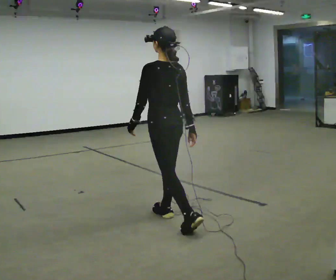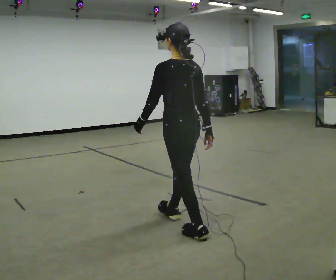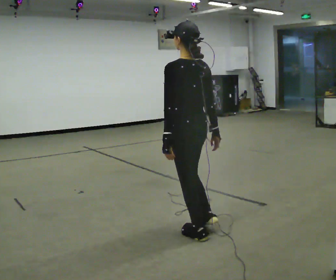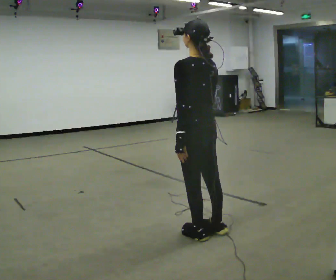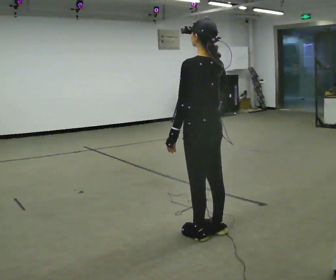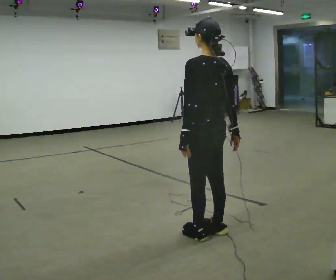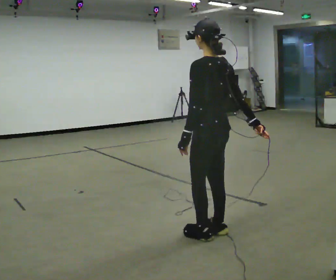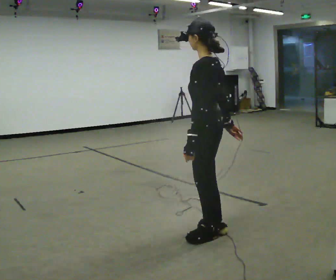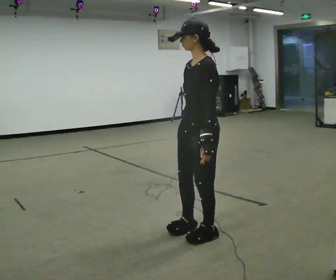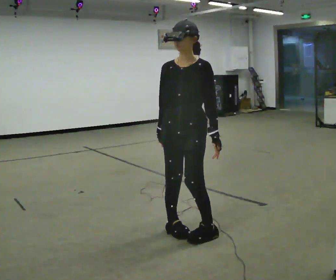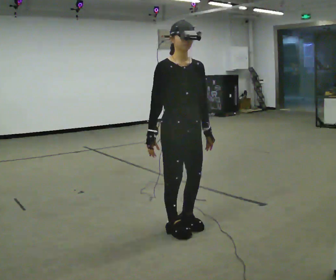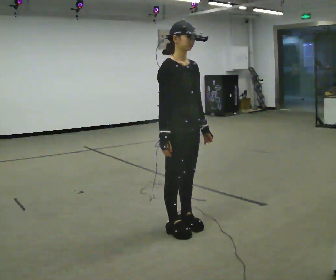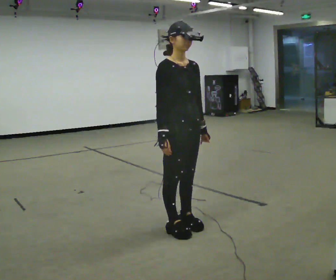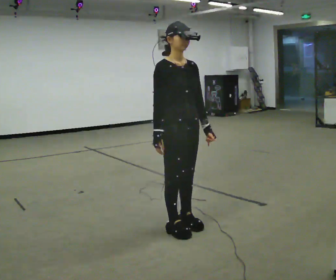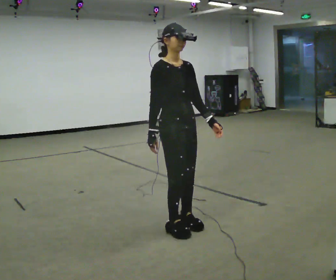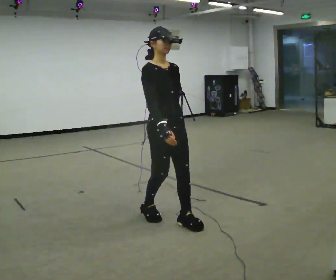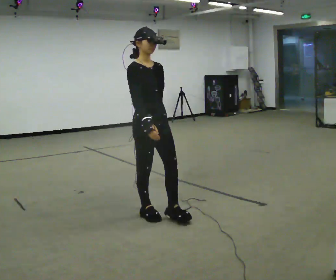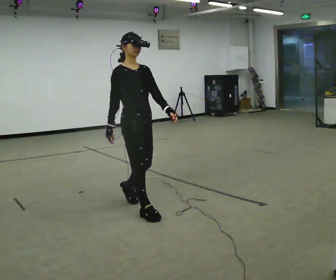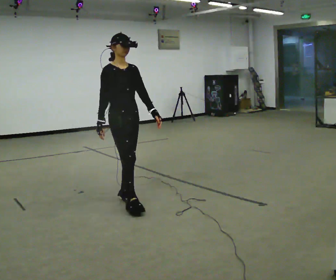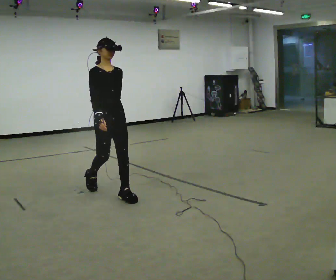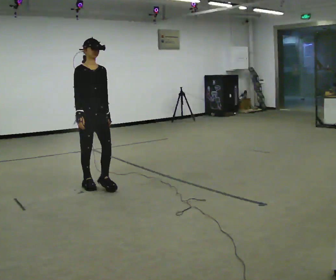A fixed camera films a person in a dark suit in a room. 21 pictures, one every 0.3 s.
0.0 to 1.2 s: In the picture they go toward the camera and to the right, about 0.5 m in 1 step, which for them is backward.
1.2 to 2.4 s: Seen from above the body turns counterclockwise, about 60 degrees: to their left, with its near side sliding to the right.
2.4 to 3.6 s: Seen from above the body turns counterclockwise, about 120 degrees: to their left, with its near side sliding to the right. In the picture they go to the left, about 0.25 m in 1 step. In the picture their right hand goes to the left.
3.6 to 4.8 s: In the picture they go away from the camera and to the left, about 0.5 m in 2 steps, which for them is backward.
4.8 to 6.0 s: In the picture they go away from the camera and to the left, about 1 m in 2 steps, which for them is backward.
The film runs backward here.
